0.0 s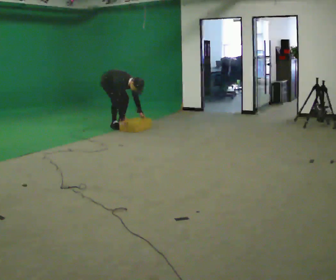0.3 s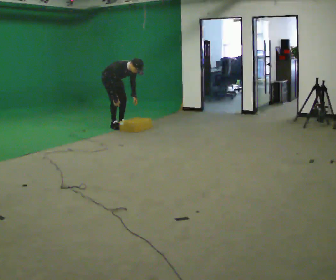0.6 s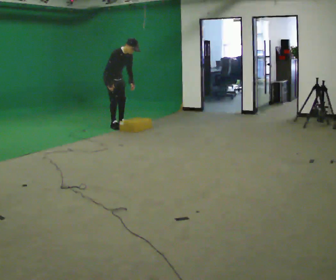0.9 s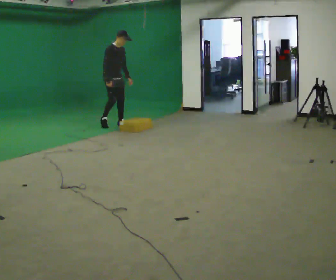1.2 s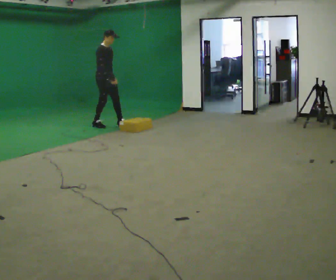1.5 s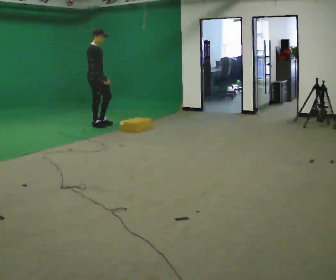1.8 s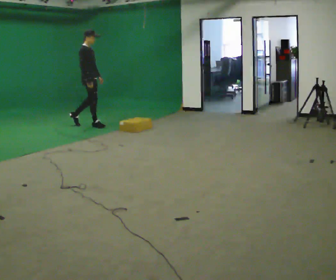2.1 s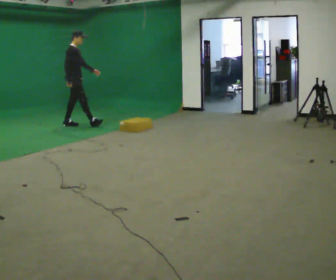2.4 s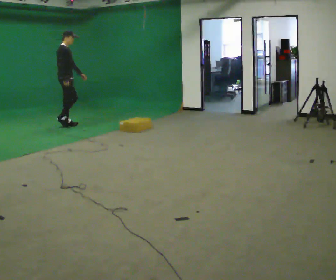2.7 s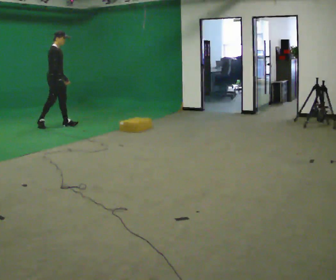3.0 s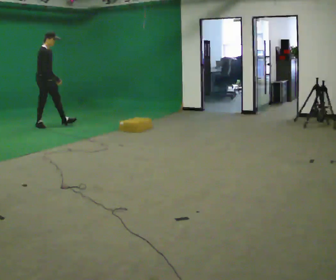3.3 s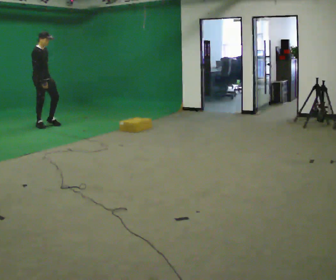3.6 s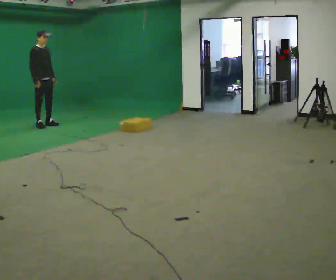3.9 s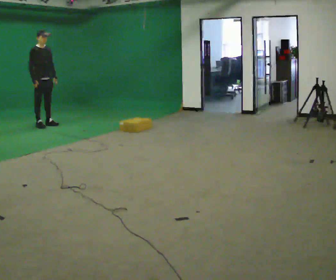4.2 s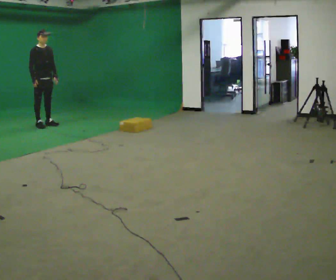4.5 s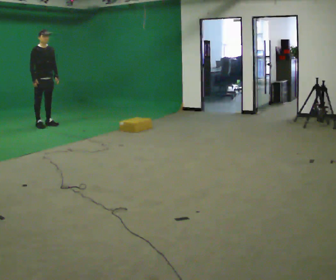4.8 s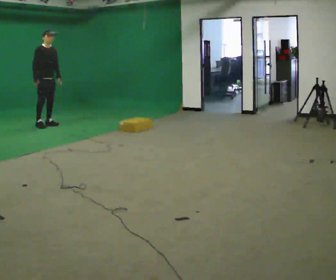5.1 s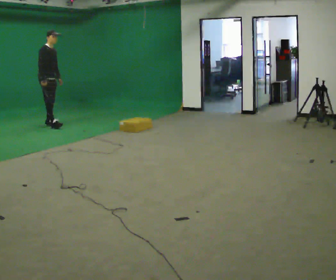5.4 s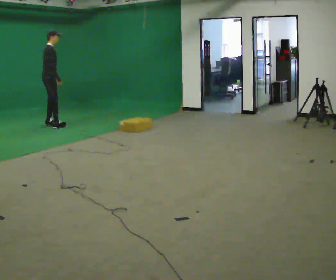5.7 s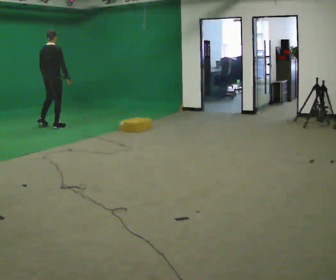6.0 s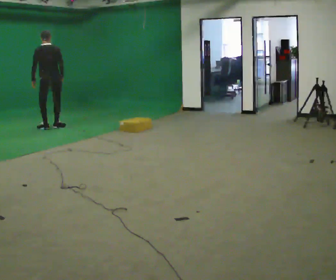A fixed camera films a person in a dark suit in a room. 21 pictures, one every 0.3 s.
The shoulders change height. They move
upward.
0.0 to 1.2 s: The upper body goes upward. The upper body tips away from the camera, its near side rolling upward, as they lean back or straighten. In the picture their right hand goes upward.
1.2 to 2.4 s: The part of the body nearest the lens slides to the right as the person turns to their left by about 30 degrees. In the picture they go to the left, about 0.5 m in 2 steps, which for them is backward.
2.4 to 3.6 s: The part of the body nearest the lens slides to the left as the person turns to their right by about 30 degrees. In the picture they go to the left, about 0.5 m in 1 step, which for them is backward.
3.6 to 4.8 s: The person moves a little, or ends about where they began.
4.8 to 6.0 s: The part of the body nearest the lens slides to the right as the person turns to their left by about 135 degrees. In the picture they go toward the camera, about 0.25 m in 1 step. In the picture their right hand goes to the right.
The film runs backward here.
